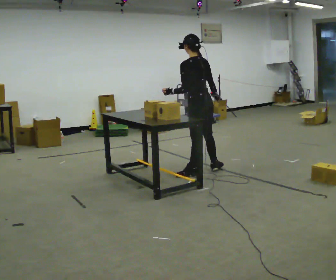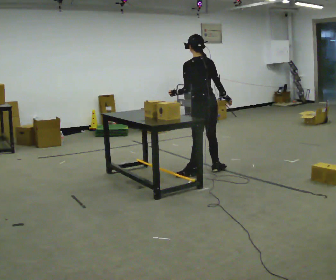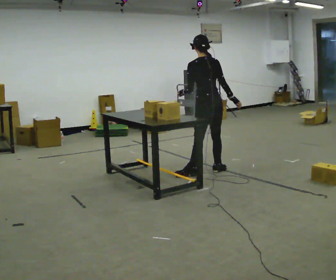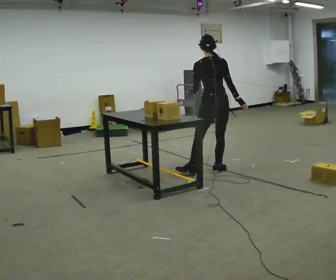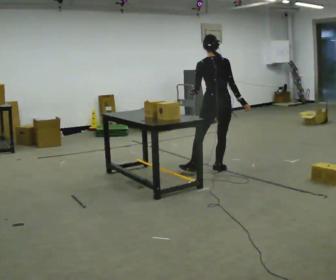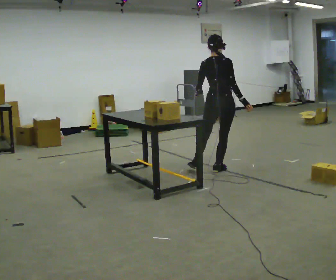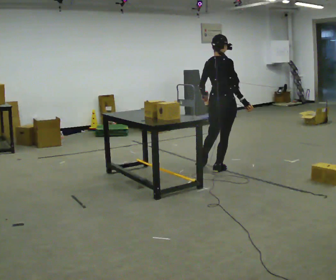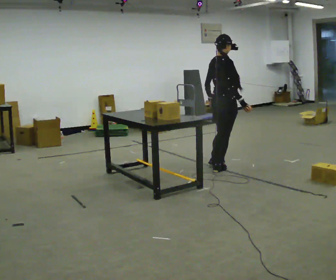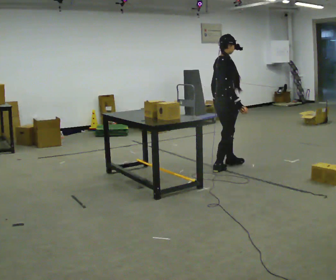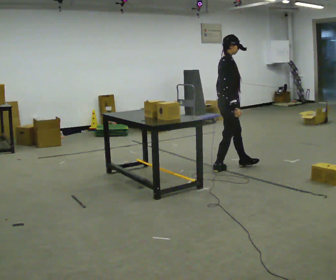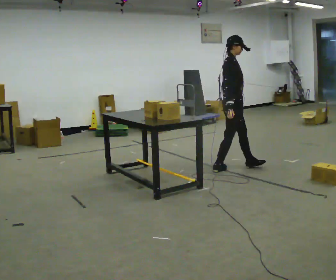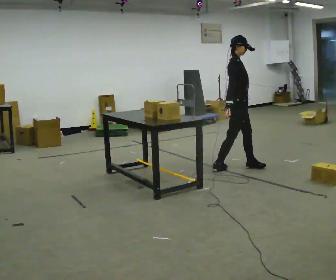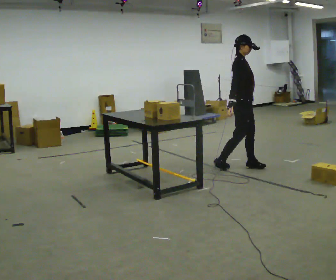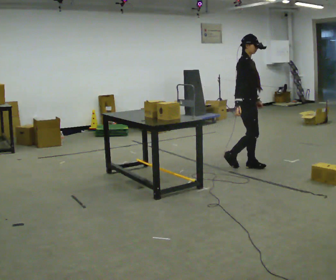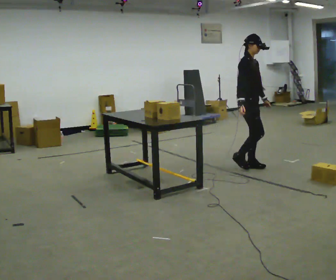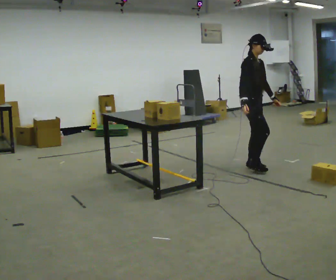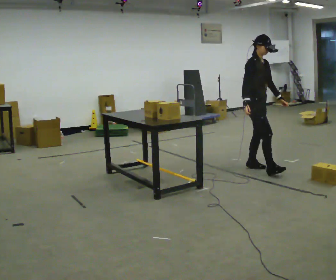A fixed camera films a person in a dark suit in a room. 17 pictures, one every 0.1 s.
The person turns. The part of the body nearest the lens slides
to the left.
Their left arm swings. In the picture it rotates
counterclockwise.
0.0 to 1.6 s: Seen from above the body turns clockwise, about 165 degrees: to their right, with its near side sliding to the left. In the picture they go to the right, about 0.75 m in 1 step.
The film runs forward here.
